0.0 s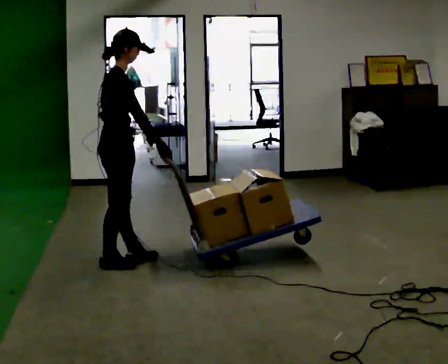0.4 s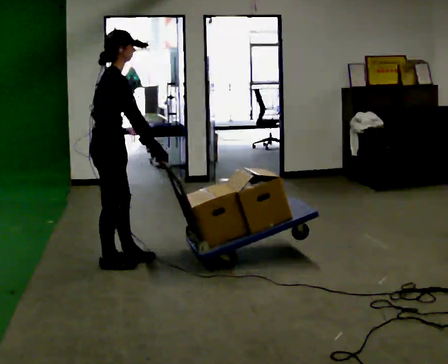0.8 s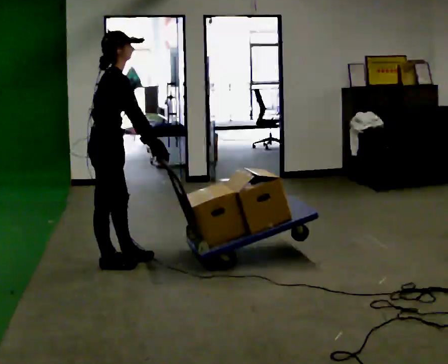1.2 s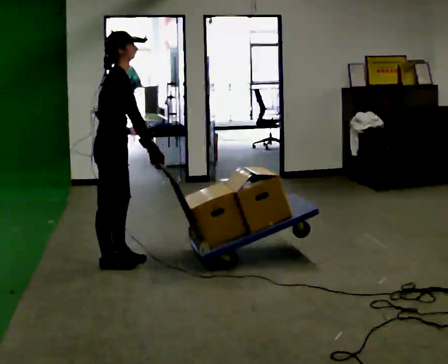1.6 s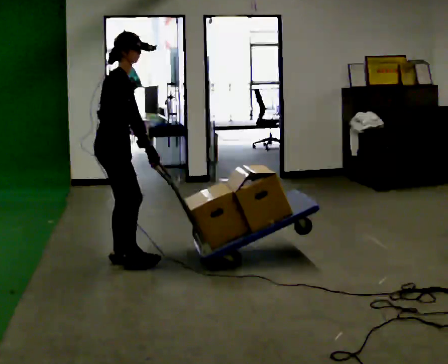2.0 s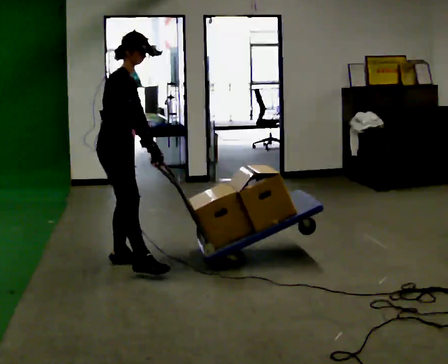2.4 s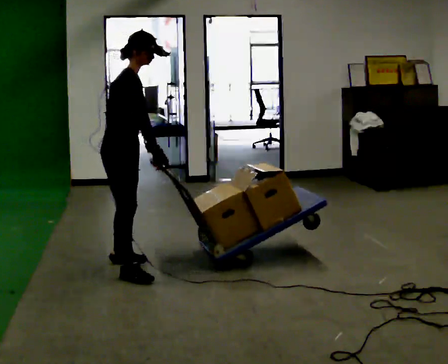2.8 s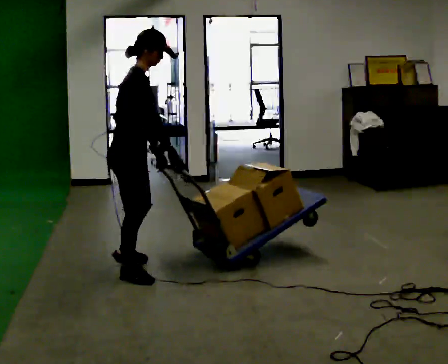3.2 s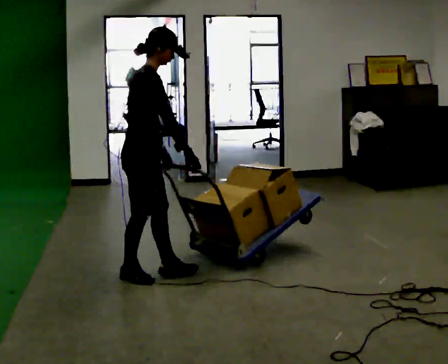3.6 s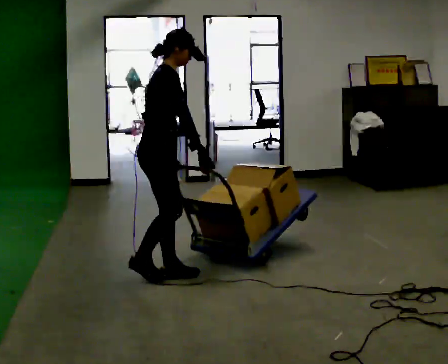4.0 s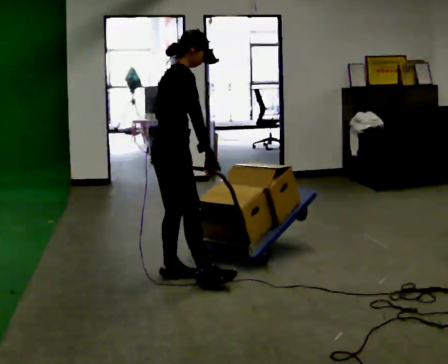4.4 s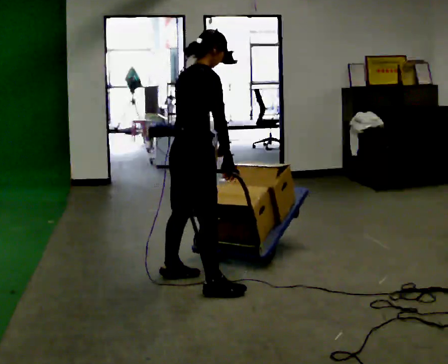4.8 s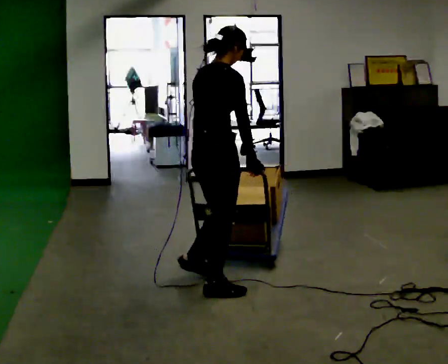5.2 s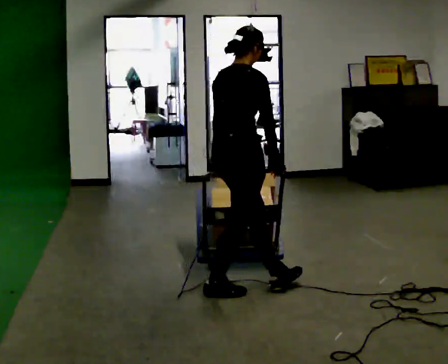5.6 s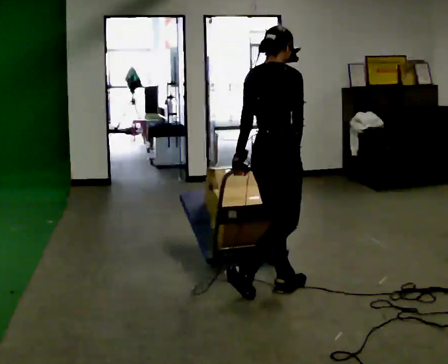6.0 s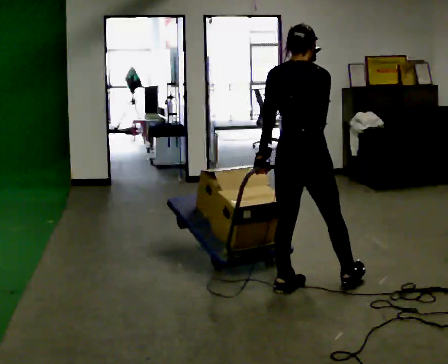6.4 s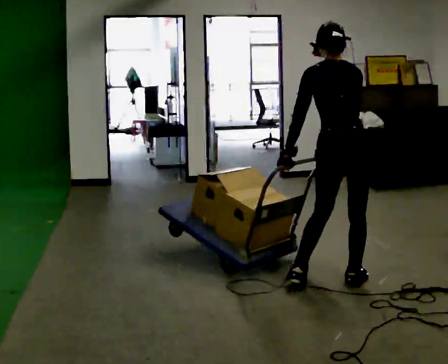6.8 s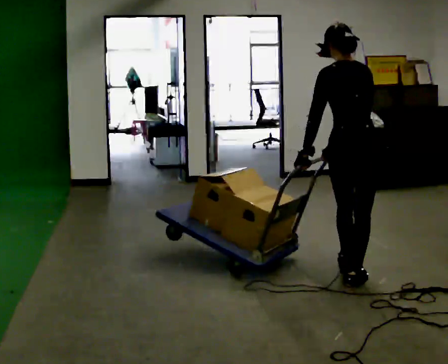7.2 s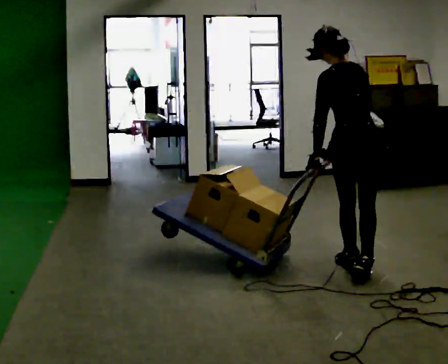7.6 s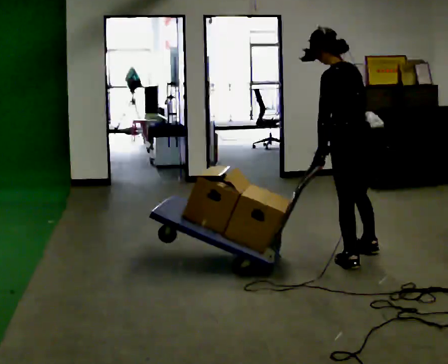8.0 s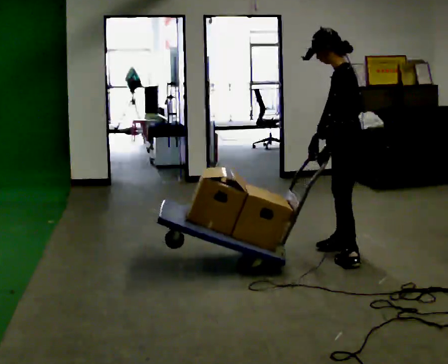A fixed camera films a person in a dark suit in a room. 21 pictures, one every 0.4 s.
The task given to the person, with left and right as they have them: Turn the cart round to face the other way without moving it out of the marked square, then turn it back. Repeat until the operator says stop.
0.0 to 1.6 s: The person moves a little, or ends about where they began.
1.6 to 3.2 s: In the picture they go toward the camera and to the right, about 0.5 m in 2 steps, which for them is forward and to their right.
3.2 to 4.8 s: The part of the body nearest the lens slides to the right as the person turns to their left by about 30 degrees. In the picture they go to the right and toward the camera, about 0.5 m in 1 step, which for them is forward and to their right.
4.8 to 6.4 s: The person turns about 60 degrees to their left, counterclockwise seen from above, so the part of the body nearest the lens slides to the right. In the picture they go to the right, about 1 m in 2 steps.
6.4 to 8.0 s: Seen from above the body turns counterclockwise, about 75 degrees: to their left, with its near side sliding to the right. In the picture they go away from the camera, about 0.75 m in 2 steps.
The film runs forward here.
